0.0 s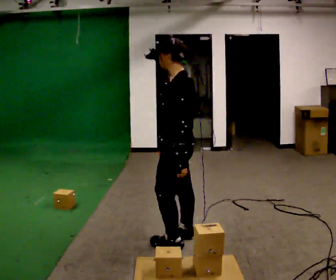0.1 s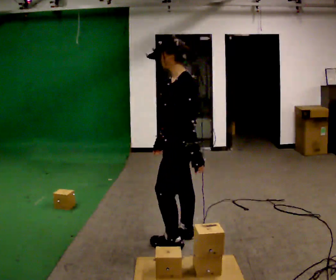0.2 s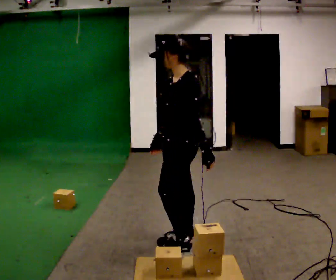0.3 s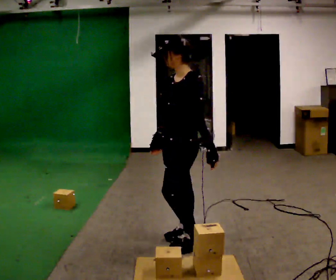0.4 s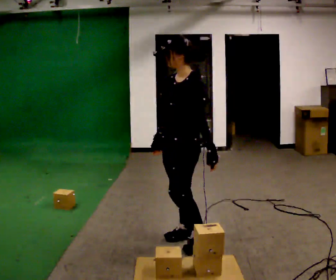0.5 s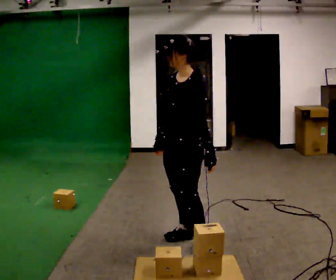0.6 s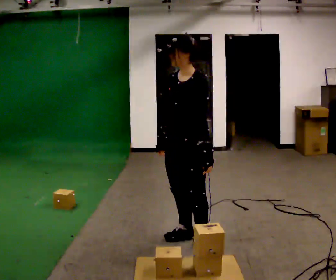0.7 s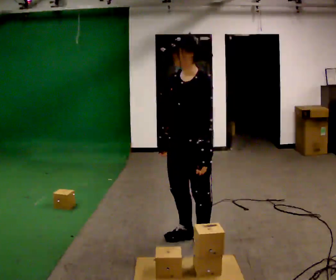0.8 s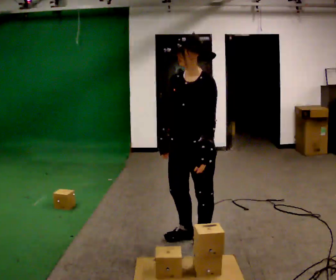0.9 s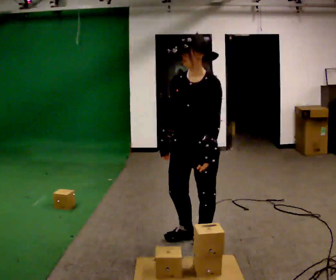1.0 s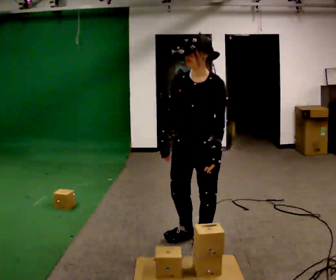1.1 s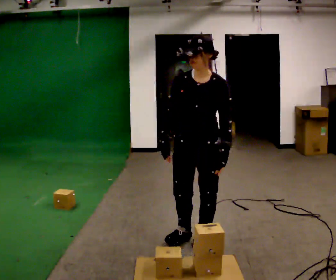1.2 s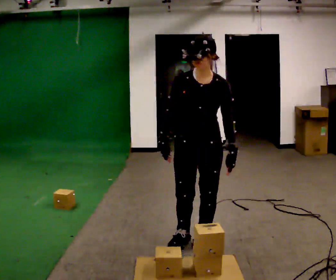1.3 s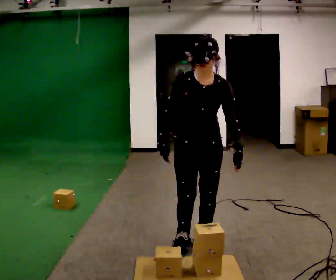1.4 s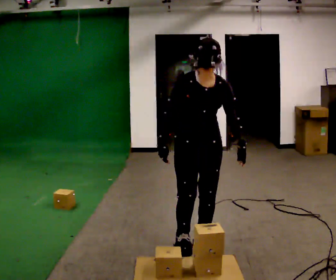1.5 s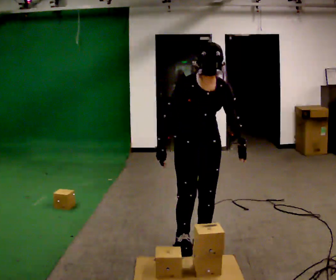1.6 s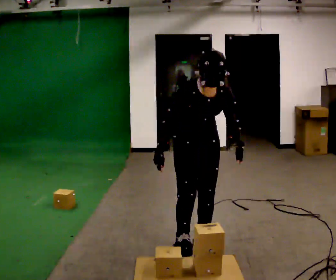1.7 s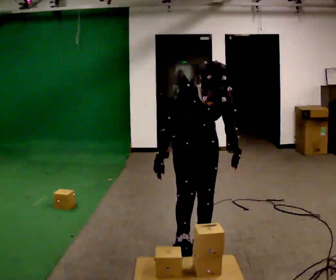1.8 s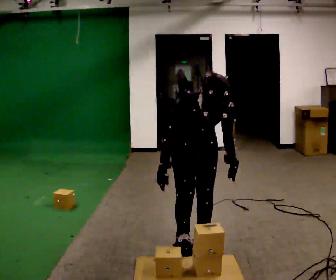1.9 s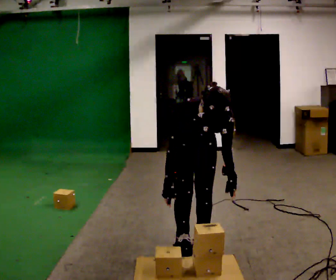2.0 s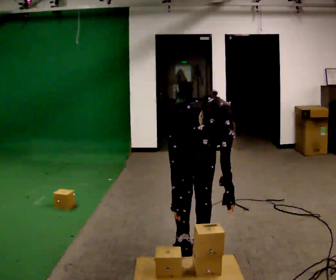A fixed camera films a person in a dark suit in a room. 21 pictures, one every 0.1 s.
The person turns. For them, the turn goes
to their left.
The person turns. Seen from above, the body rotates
counterclockwise.
0.0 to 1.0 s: The person turns about 75 degrees to their left, counterclockwise seen from above, so the part of the body nearest the lens slides to the right.
1.0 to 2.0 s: The person turns about 45 degrees to their left, counterclockwise seen from above, so the part of the body nearest the lens slides to the right. The upper body goes downward. The upper body tips toward the camera, its near side rolling downward, as they bend forward.
The film runs backward here.
